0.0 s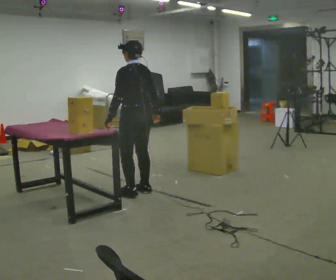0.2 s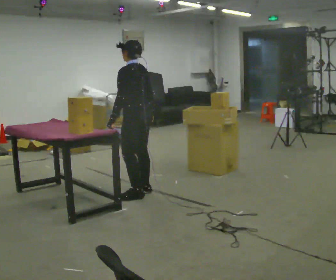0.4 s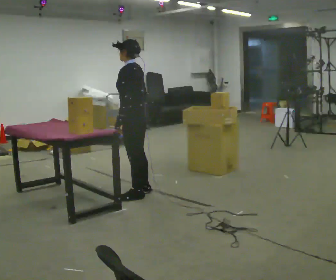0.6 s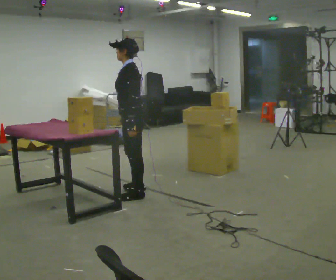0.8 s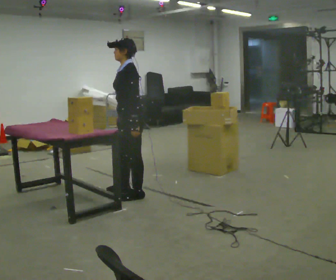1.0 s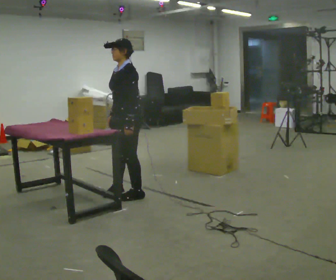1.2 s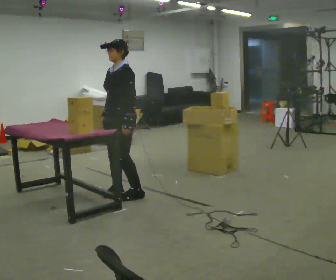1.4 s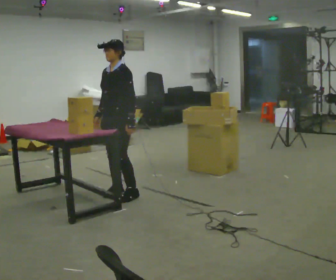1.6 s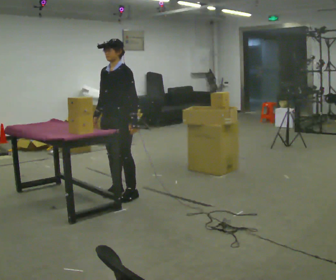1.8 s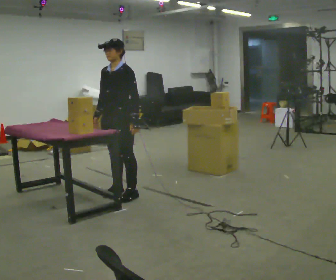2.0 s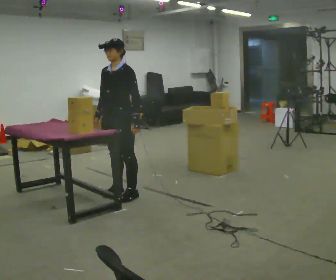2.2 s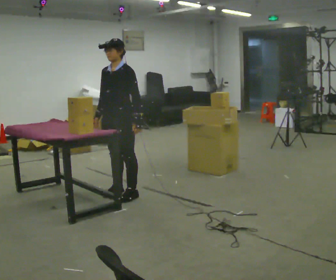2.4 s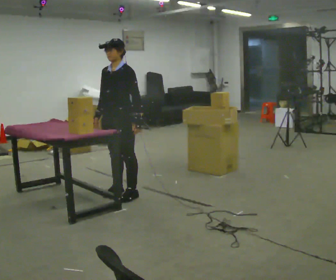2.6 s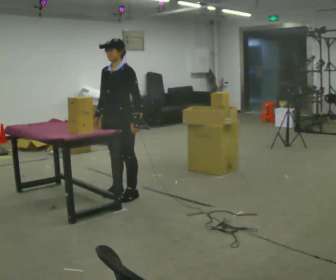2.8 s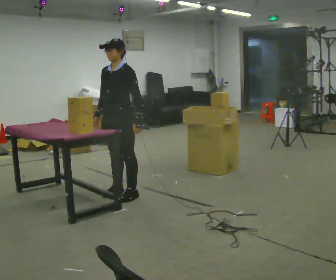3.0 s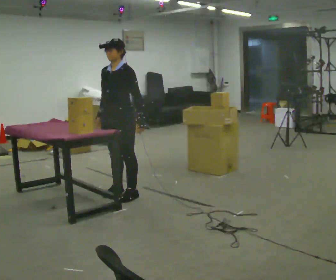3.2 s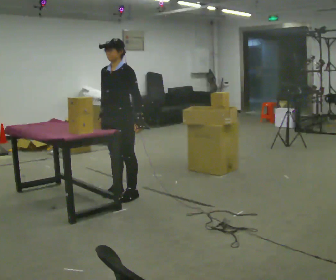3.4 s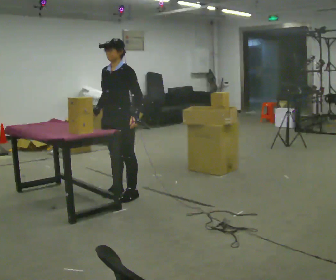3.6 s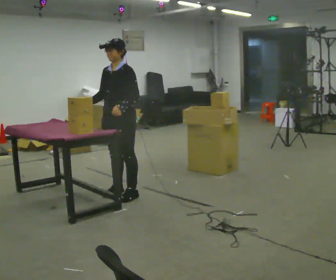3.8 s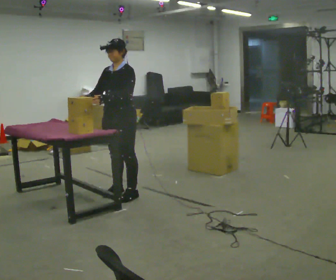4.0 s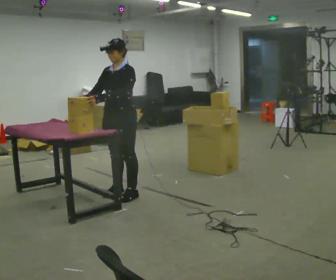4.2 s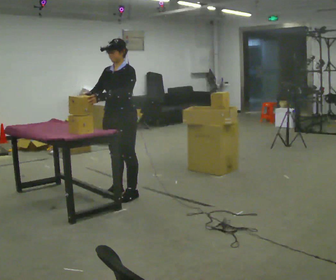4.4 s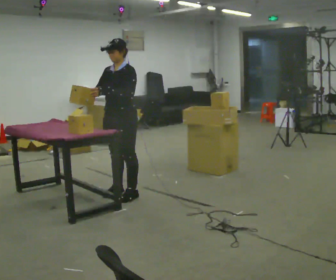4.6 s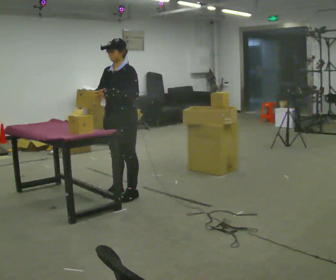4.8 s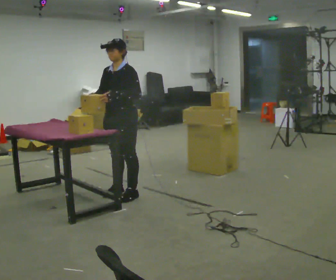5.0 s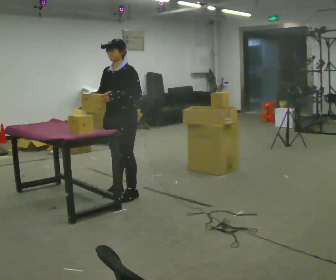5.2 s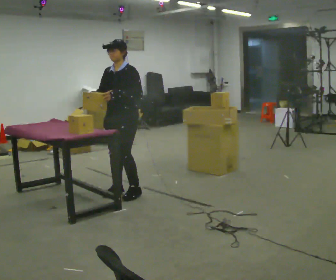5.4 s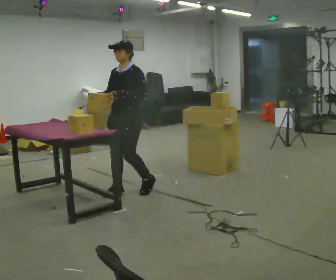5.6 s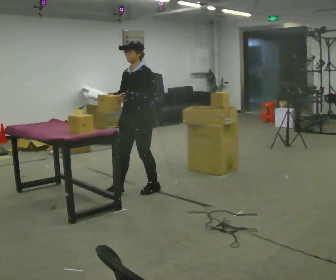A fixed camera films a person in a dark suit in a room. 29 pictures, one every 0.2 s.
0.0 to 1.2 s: Seen from above the body turns counterclockwise, about 75 degrees: to their left, with its near side sliding to the right. In the picture they go to the left, about 0.25 m in 1 step. In the picture their right hand goes to the left, the arm swinging clockwise.
1.2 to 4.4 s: The person moves a little, or ends about where they began.
4.4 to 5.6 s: In the picture they go to the right, about 0.25 m in 1 step, which for them is backward.
The film runs backward here.
